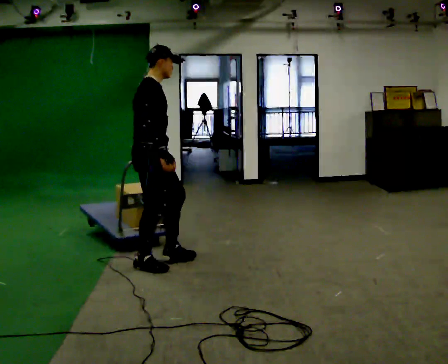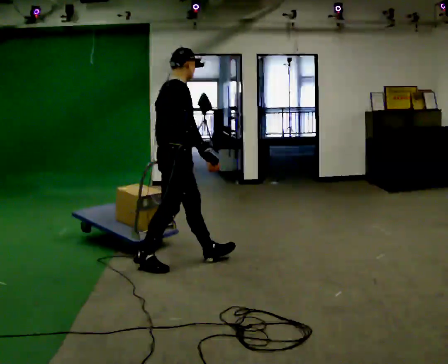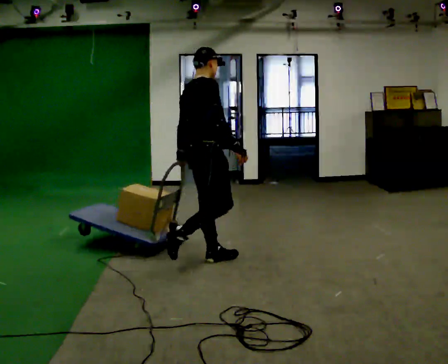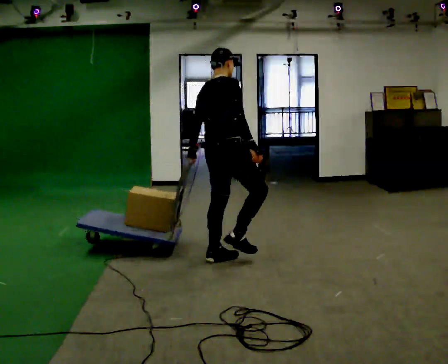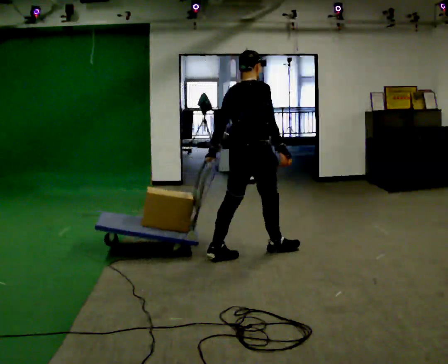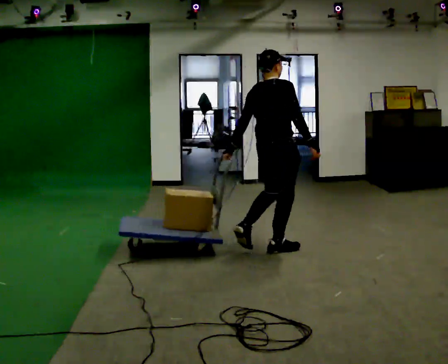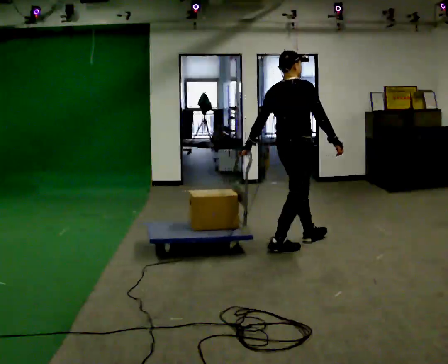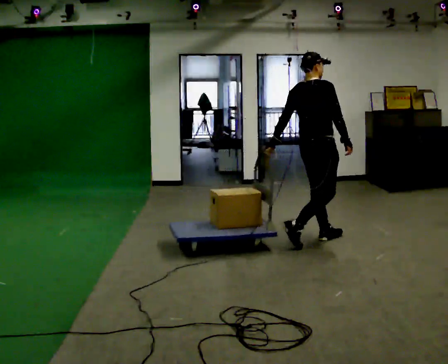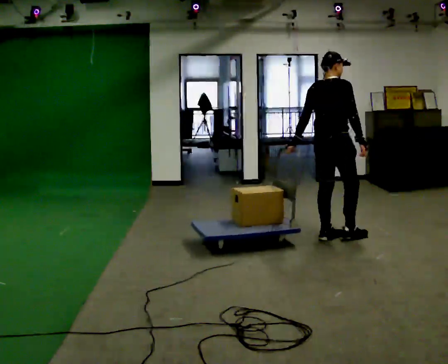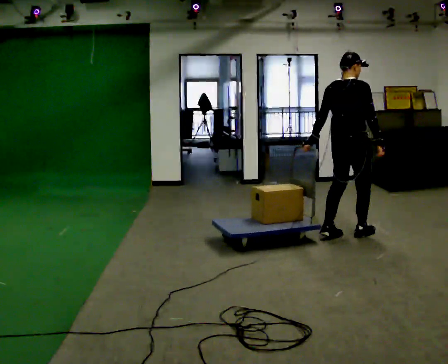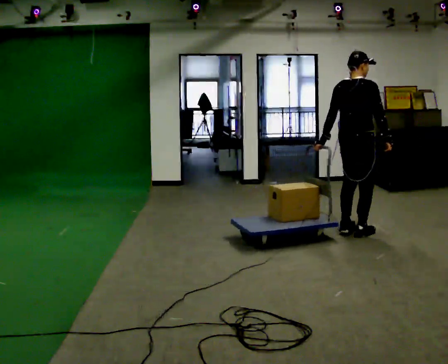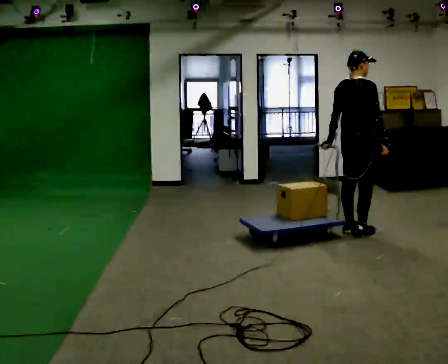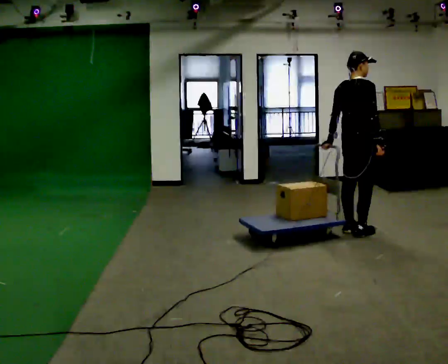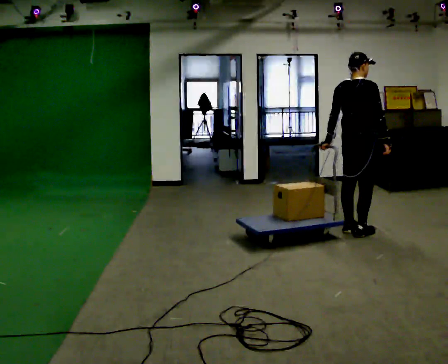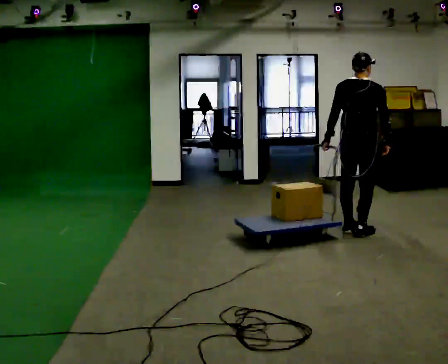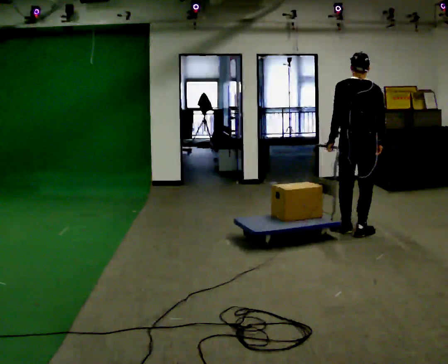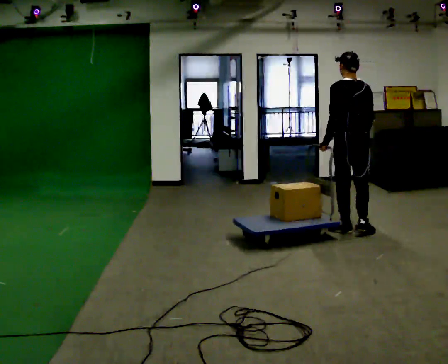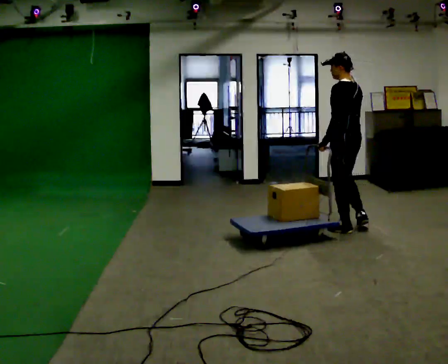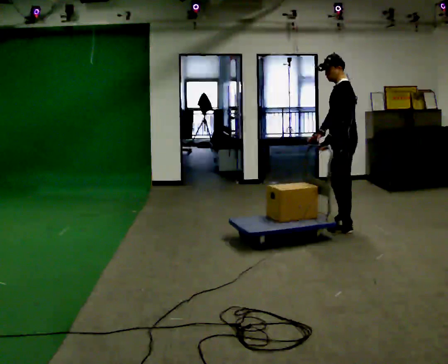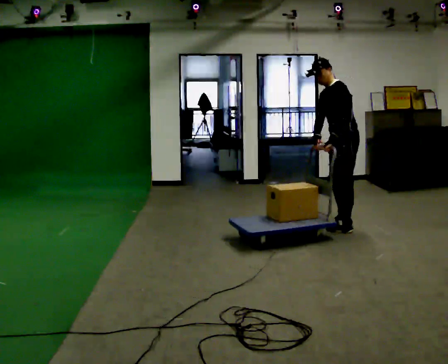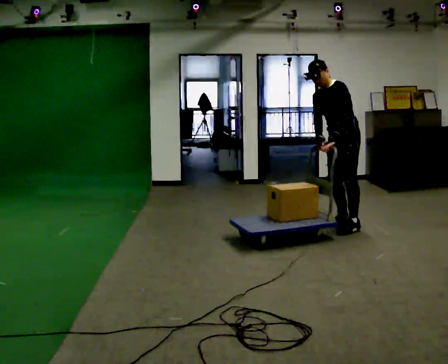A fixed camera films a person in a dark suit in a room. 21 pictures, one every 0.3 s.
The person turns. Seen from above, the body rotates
counterclockwise.
The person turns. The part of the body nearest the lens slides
to the right.
0.0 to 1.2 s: The part of the body nearest the lens slides to the right as the person turns to their left by about 45 degrees. In the picture they go to the right and away from the camera, about 1 m in 2 steps, which for them is forward.
1.2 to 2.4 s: In the picture they go to the right and away from the camera, about 1 m in 1 step, which for them is forward.
2.4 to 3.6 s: In the picture they go away from the camera and to the right, about 0.25 m in 2 steps, which for them is forward.
3.6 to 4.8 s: The part of the body nearest the lens slides to the right as the person turns to their left by about 75 degrees.
4.8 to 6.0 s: Seen from above the body turns counterclockwise, about 105 degrees: to their left, with its near side sliding to the right. In the picture they go away from the camera, about 0.25 m in 1 step. In the picture the upper body tilts counterclockwise, shoulders to the left, as they bend forward.
The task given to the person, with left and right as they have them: Pull the cart behind you as you walk backward across the room. The operator will confirm the space behind you is clear before each take.
The film runs forward here.
